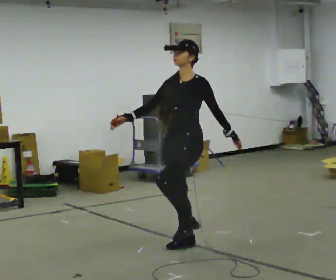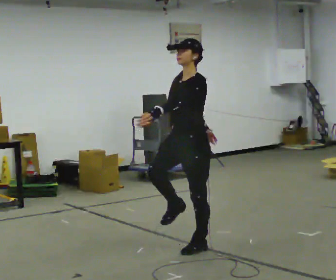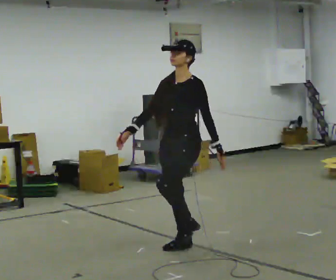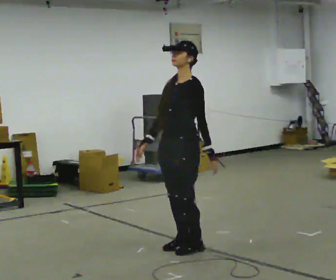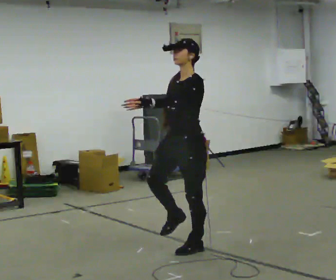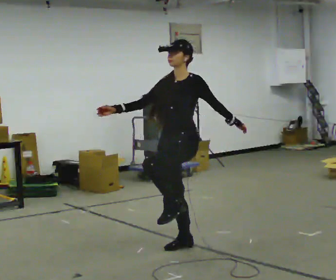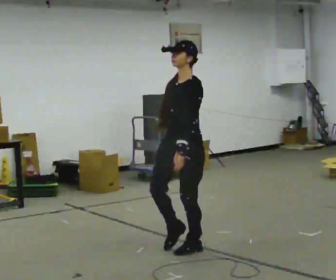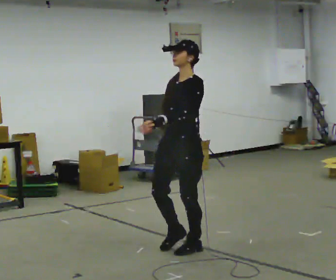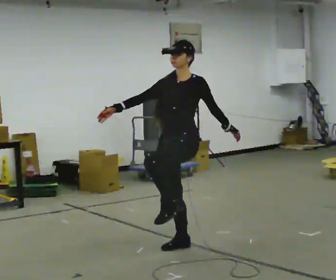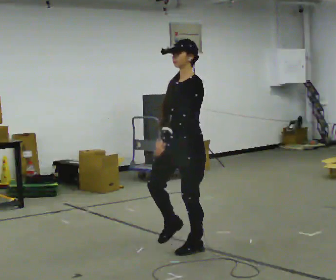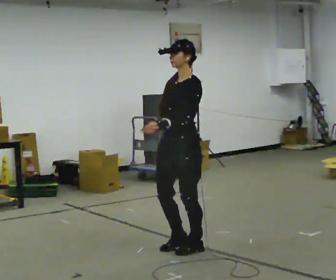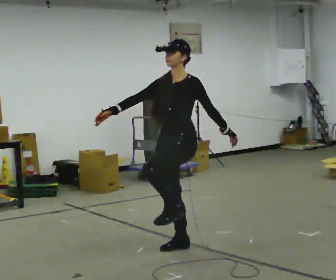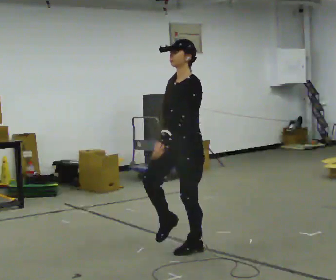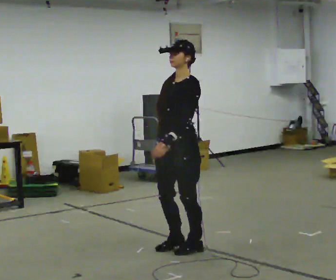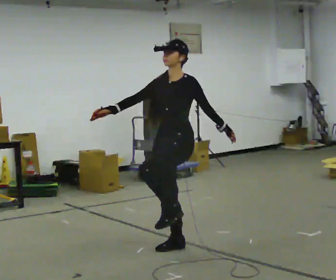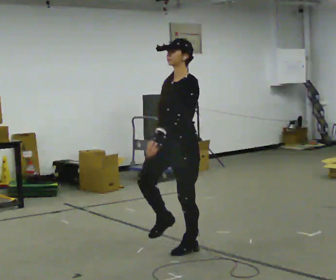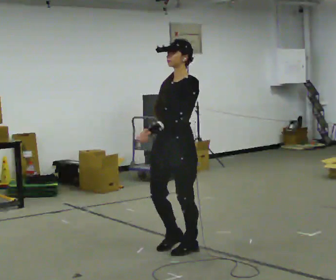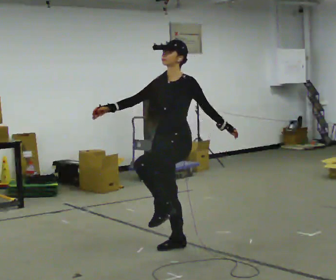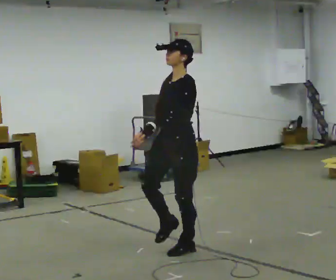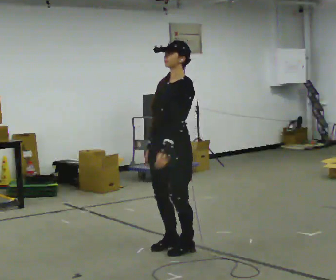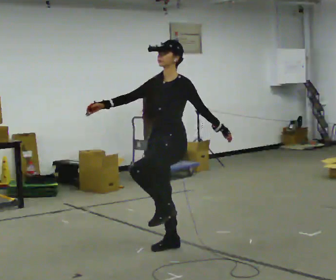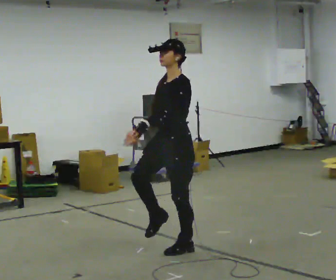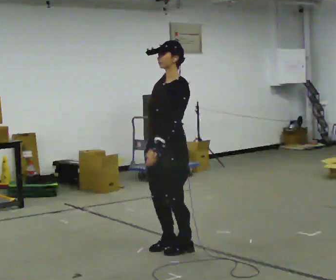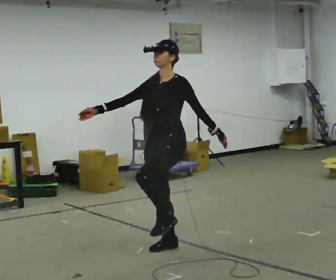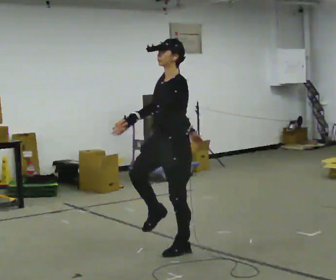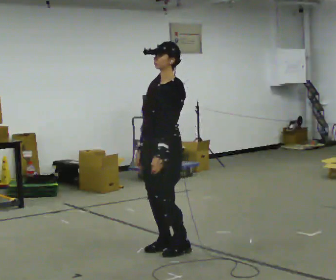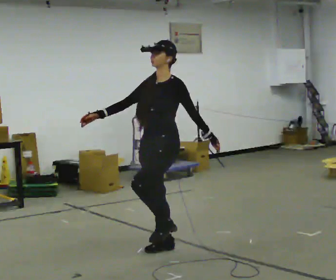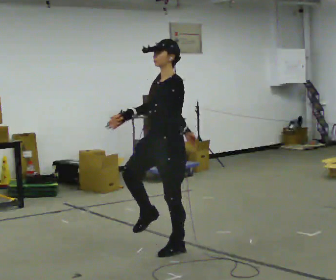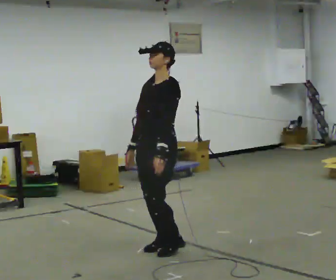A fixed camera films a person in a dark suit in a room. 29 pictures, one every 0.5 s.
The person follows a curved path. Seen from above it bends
clockwise.
0.0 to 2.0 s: In the picture their left hand goes to the left.
2.0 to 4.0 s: In the picture their left hand goes to the right.
4.0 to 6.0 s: In the picture their right hand goes to the right.
6.0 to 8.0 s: The person moves a little, or ends about where they began.
8.0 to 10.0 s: In the picture their left hand goes to the right.
10.0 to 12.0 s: In the picture their right hand goes to the right.
12.0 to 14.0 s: In the picture their right hand goes to the left.
The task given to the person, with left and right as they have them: March in place at a comfortable rhythm without moving forward; stop.
The film runs forward here.
